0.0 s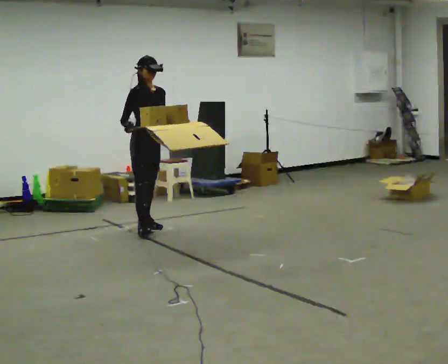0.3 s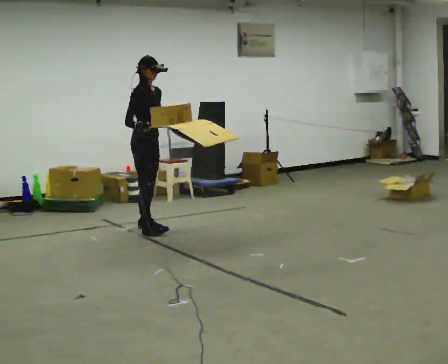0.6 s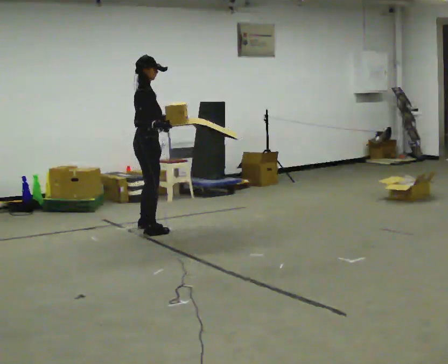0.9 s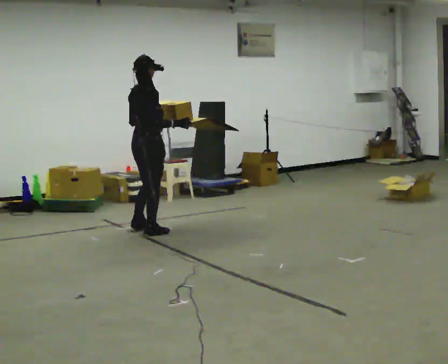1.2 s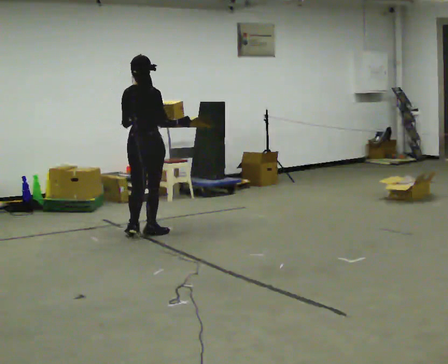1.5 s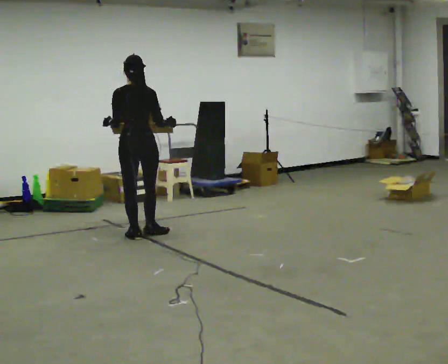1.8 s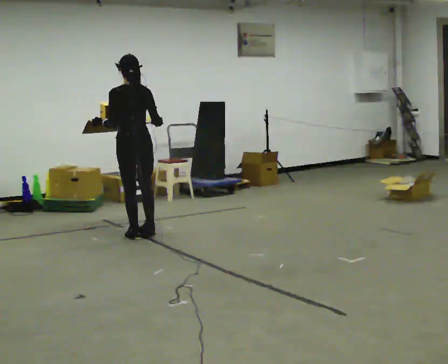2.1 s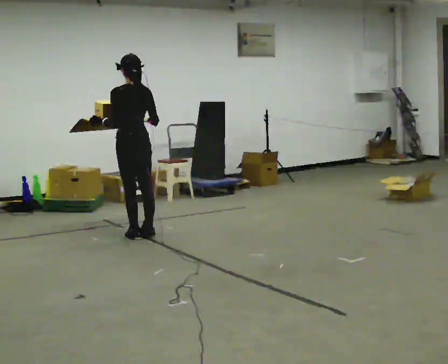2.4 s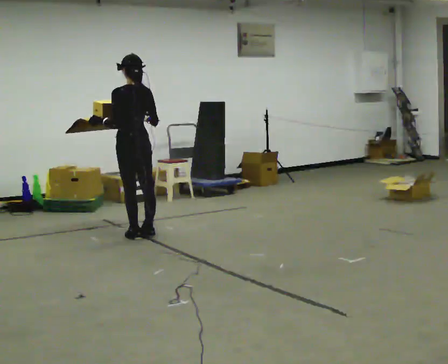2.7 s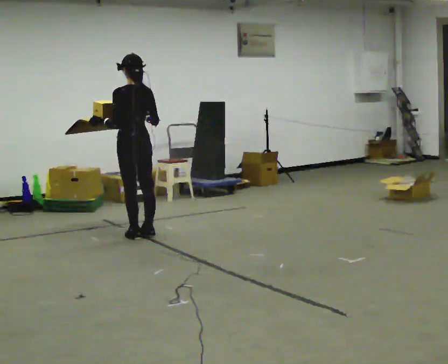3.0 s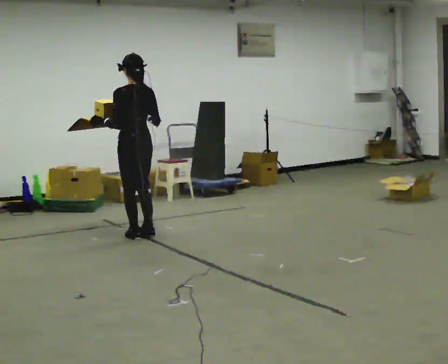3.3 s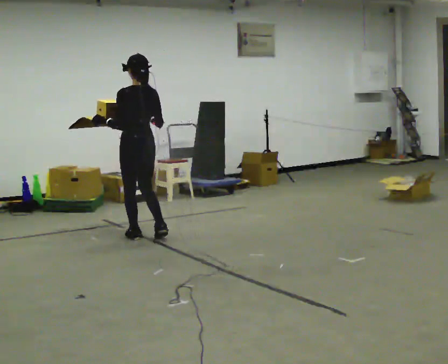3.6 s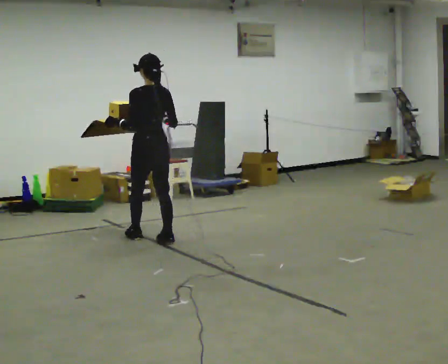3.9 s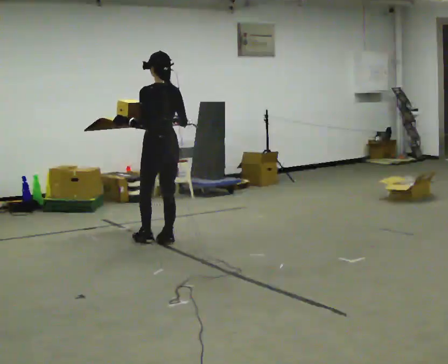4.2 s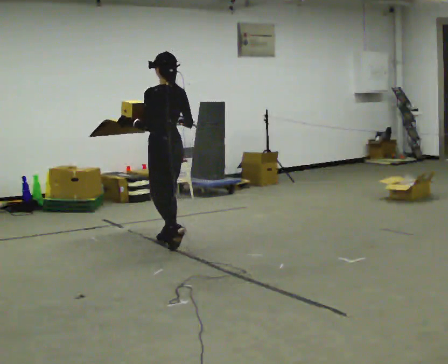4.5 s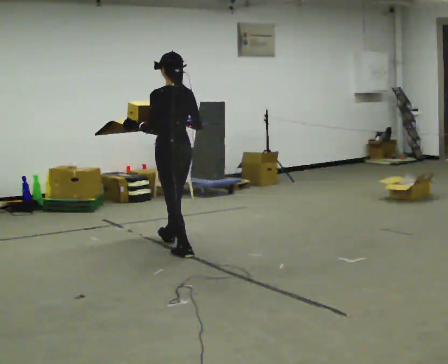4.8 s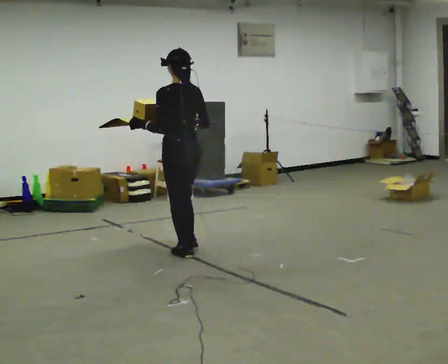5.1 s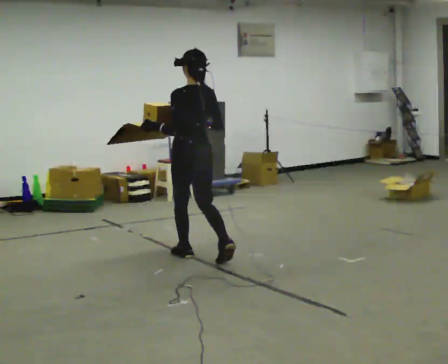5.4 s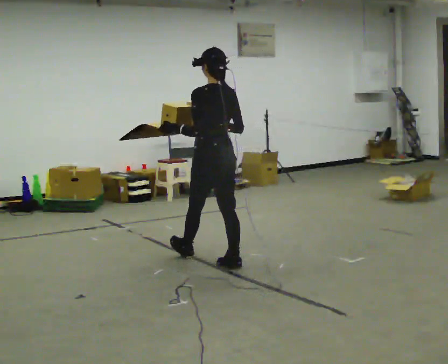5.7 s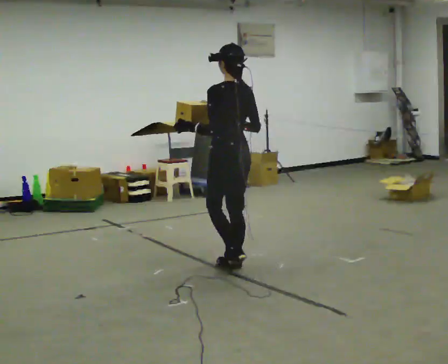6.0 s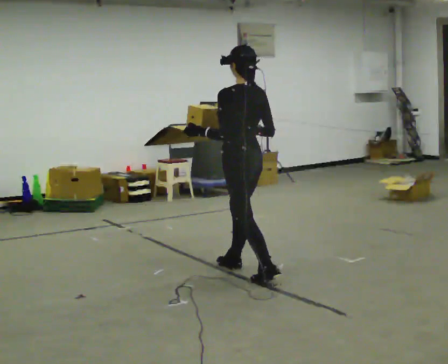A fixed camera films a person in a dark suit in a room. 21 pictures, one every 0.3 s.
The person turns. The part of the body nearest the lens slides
to the right.
The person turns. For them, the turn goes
to their left.
0.0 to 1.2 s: The part of the body nearest the lens slides to the right as the person turns to their left by about 120 degrees. In the picture they go toward the camera, about 0.25 m in 1 step.
1.2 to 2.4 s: Seen from above the body turns counterclockwise, about 60 degrees: to their left, with its near side sliding to the right.
2.4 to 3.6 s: In the picture they go toward the camera, about 0.25 m in 1 step, which for them is backward.
3.6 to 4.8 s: In the picture they go toward the camera, about 0.5 m in 2 steps, which for them is backward.
4.8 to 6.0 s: In the picture they go toward the camera and to the right, about 0.5 m in 1 step, which for them is backward.
The film runs backward here.
